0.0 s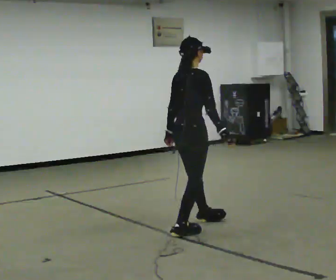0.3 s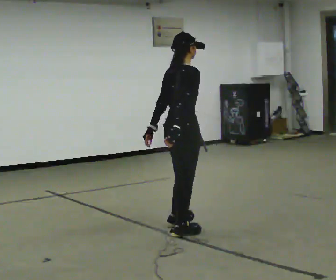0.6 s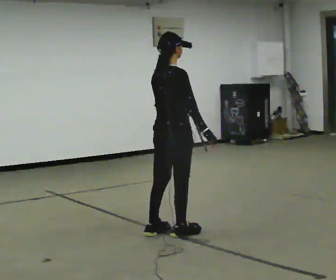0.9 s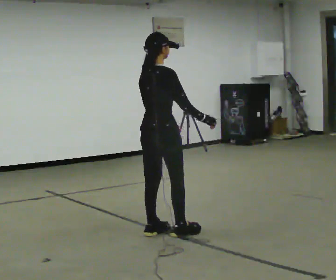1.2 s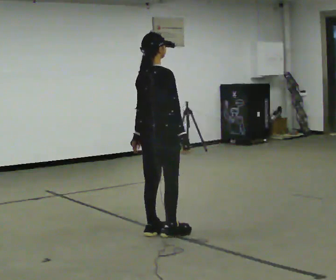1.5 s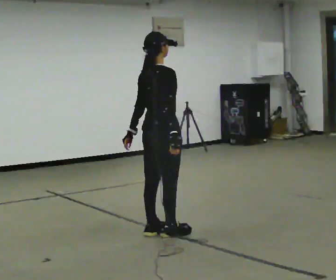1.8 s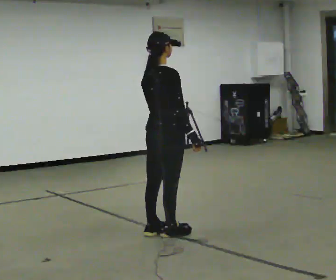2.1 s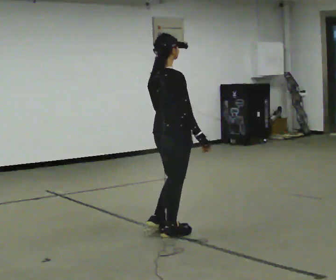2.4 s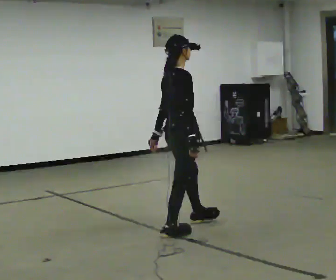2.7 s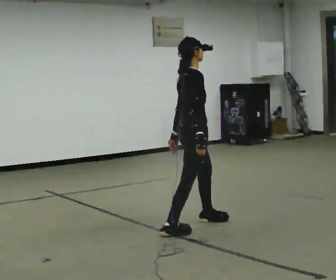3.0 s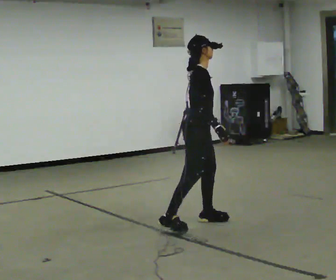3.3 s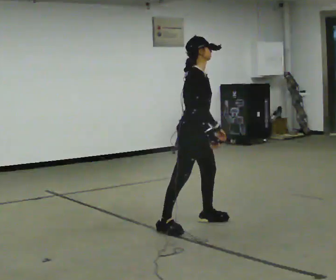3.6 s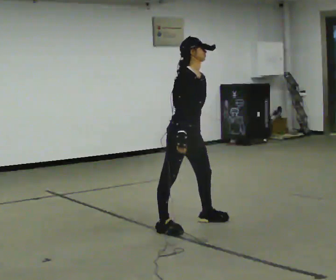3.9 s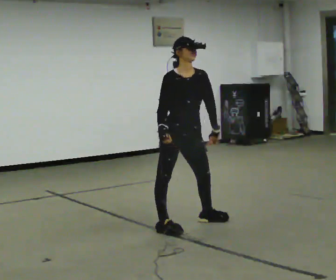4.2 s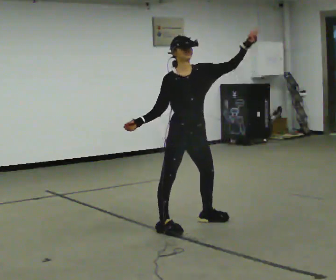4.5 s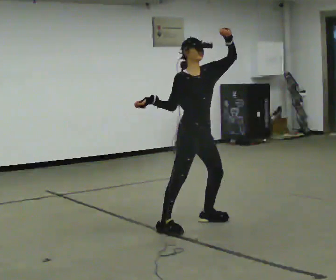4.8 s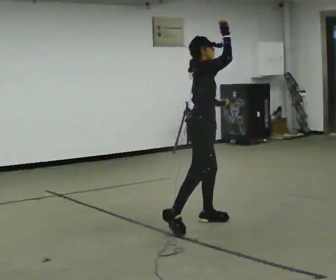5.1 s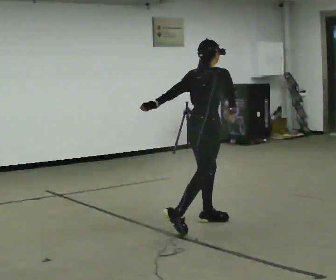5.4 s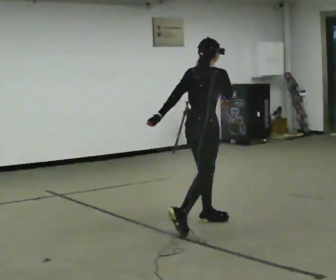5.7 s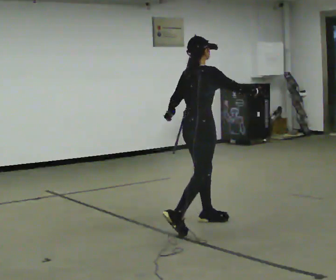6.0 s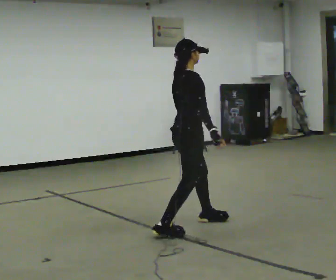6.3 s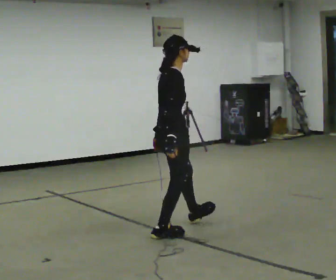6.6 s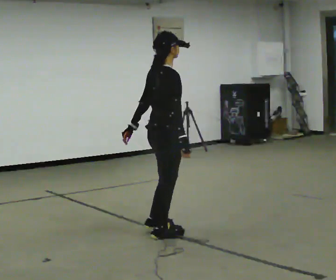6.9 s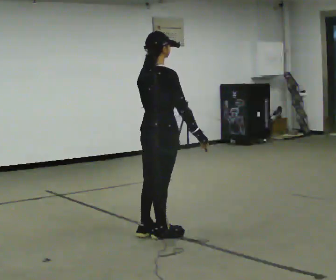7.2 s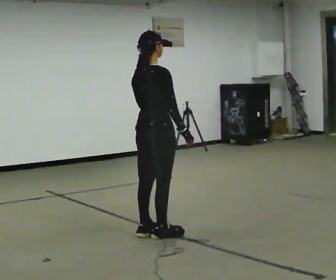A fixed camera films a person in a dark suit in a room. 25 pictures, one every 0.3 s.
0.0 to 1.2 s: In the picture they go to the left, about 0.25 m in 1 step, which for them is backward.
1.2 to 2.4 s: In the picture they go to the right, about 0.25 m, which for them is forward.
2.4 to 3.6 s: The person turns about 60 degrees to their right, clockwise seen from above, so the part of the body nearest the lens slides to the left. In the picture their left hand goes to the right.
3.6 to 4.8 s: Seen from above the body turns counterclockwise, about 45 degrees: to their left, with its near side sliding to the right. In the picture they go to the right, about 0.25 m. In the picture their right hand goes upward and to the right.
4.8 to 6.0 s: In the picture they go to the left, about 0.25 m in 1 step, which for them is backward. In the picture their right hand goes downward and to the left.
6.0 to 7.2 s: Seen from above the body turns counterclockwise, about 30 degrees: to their left, with its near side sliding to the right. In the picture they go to the left and toward the camera, about 0.25 m in 1 step, which for them is backward.
The film runs forward here.
